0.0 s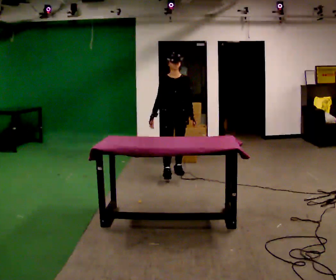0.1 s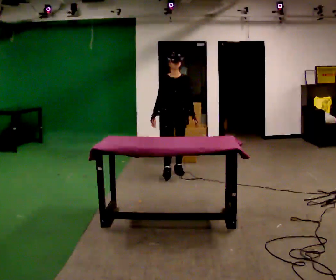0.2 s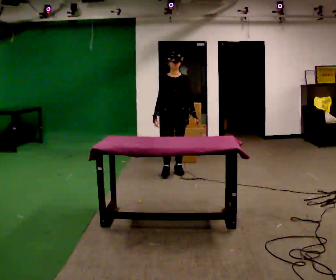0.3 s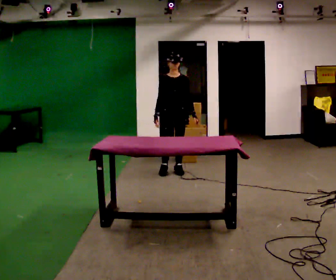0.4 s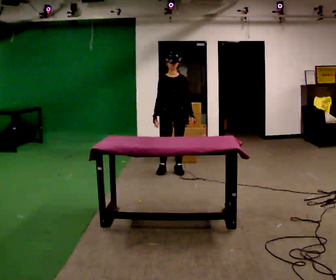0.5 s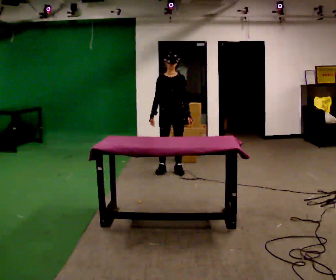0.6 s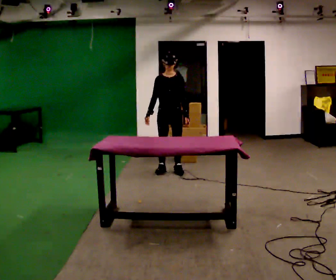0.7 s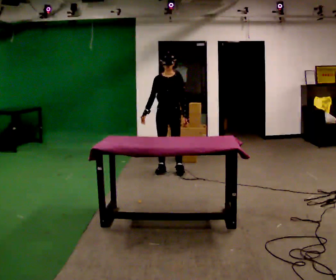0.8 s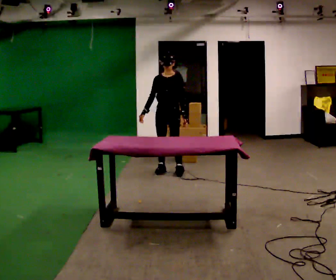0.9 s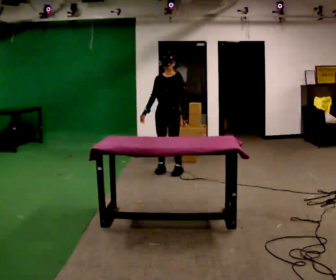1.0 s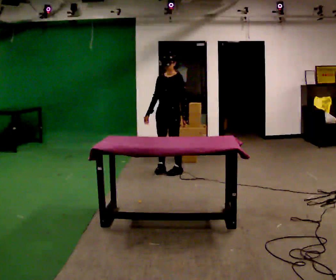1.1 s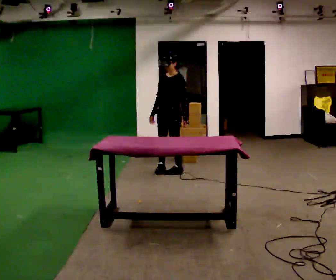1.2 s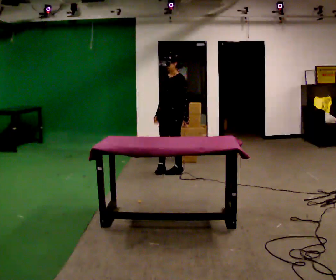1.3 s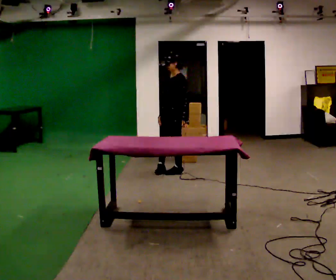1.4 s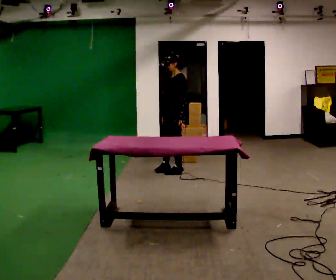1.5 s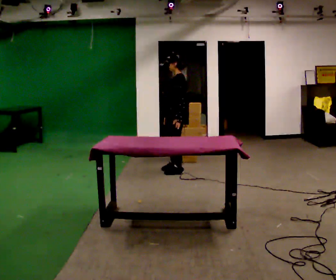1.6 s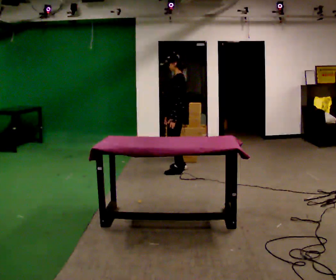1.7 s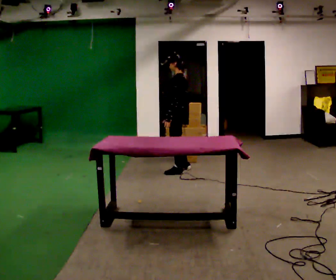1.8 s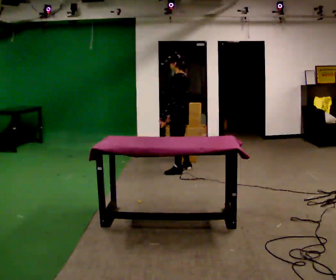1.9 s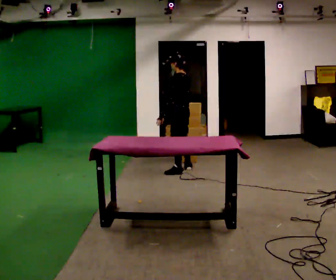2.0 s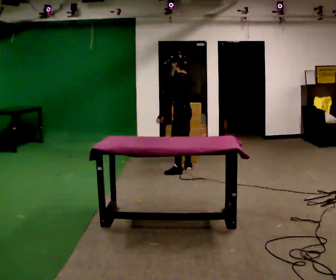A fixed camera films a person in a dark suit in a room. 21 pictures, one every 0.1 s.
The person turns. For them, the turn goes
to their right.
The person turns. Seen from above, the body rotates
clockwise.
0.0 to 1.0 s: Seen from above the body turns clockwise, about 30 degrees: to their right, with its near side sliding to the left. In the picture they go away from the camera, about 0.25 m, which for them is backward.
1.0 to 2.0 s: Seen from above the body turns clockwise, about 90 degrees: to their right, with its near side sliding to the left. In the picture they go to the right, about 0.25 m in 1 step. In the picture their left hand goes to the left, the arm swinging clockwise.
The film runs backward here.
